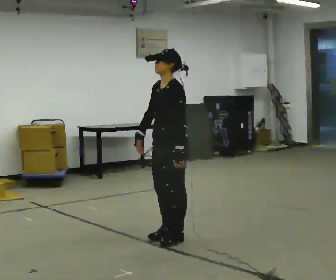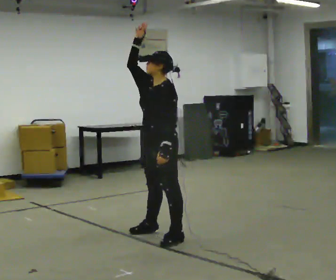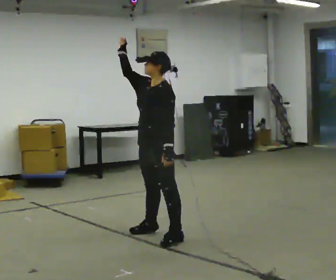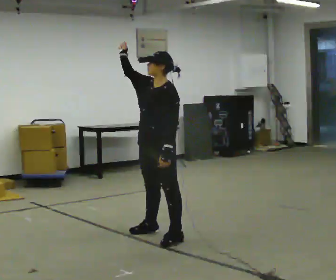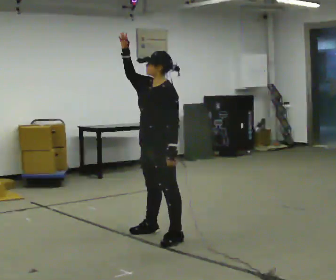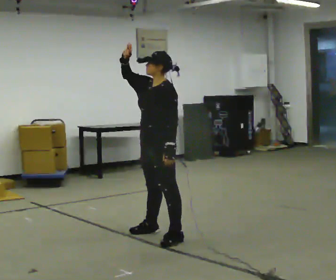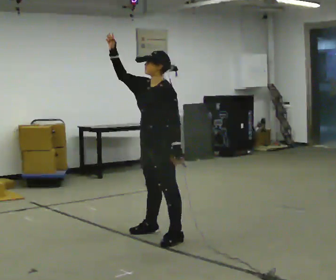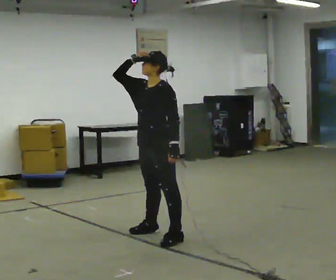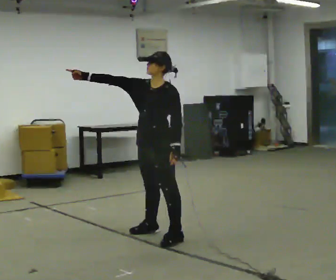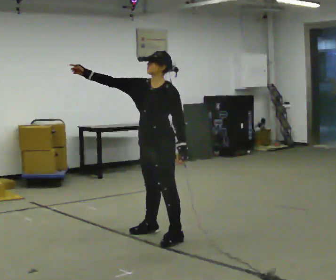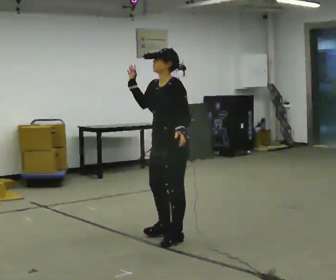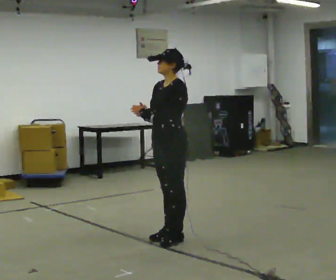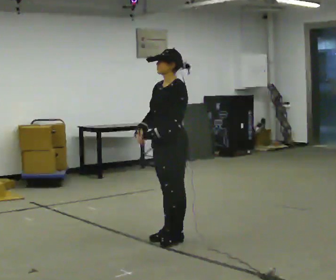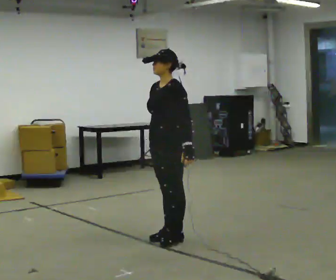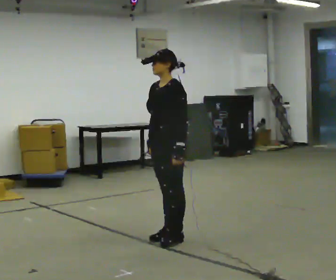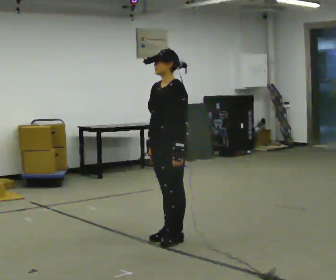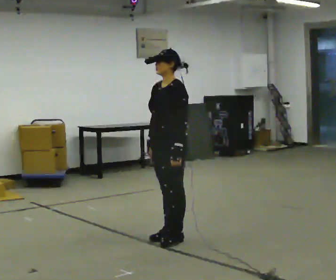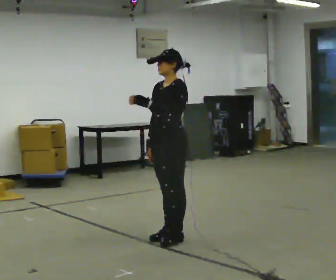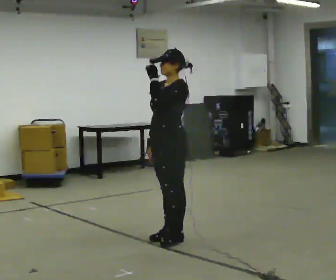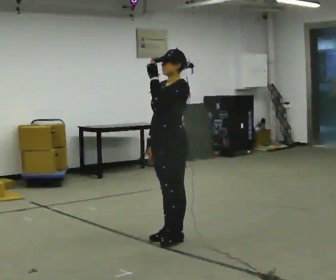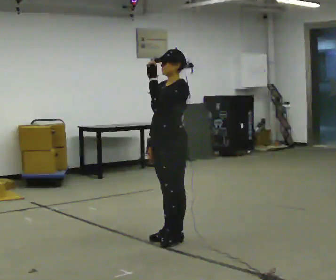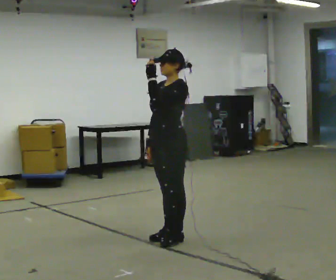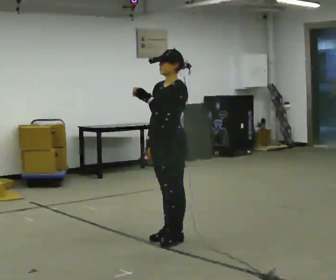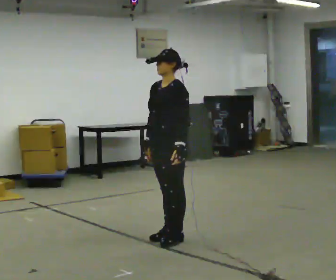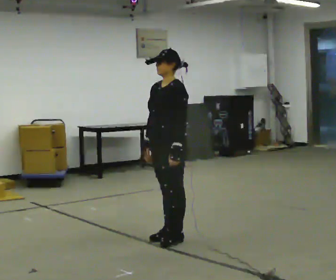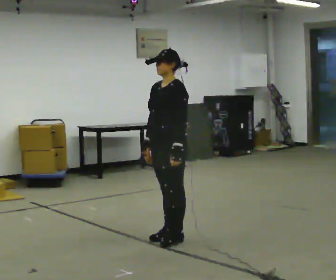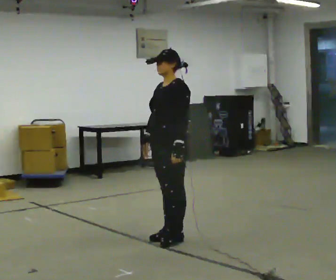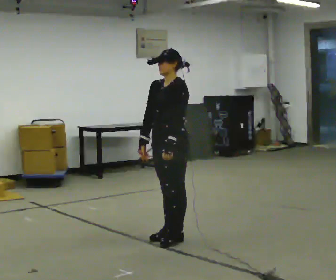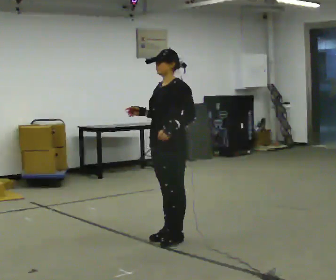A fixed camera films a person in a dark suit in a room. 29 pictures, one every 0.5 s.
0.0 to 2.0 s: In the picture their right hand goes upward.
2.0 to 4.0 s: The person moves a little, or ends about where they began.
4.0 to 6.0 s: In the picture they go toward the camera, about 0.25 m in 1 step, which for them is to their left. In the picture their right hand goes downward and to the right.
6.0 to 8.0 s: The person moves a little, or ends about where they began.
8.0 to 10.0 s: In the picture their left hand goes upward.
10.0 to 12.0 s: In the picture their left hand goes downward.
12.0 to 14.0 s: The person moves a little, or ends about where they began.
The film runs forward here.
